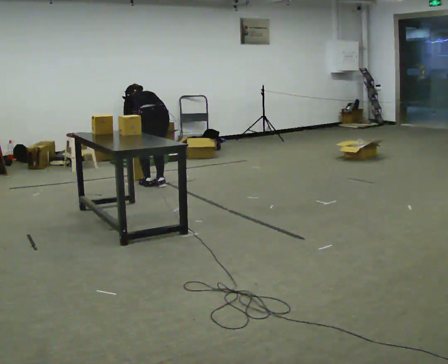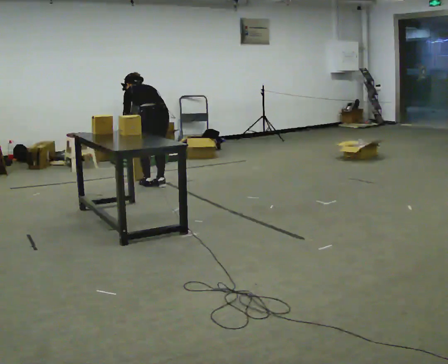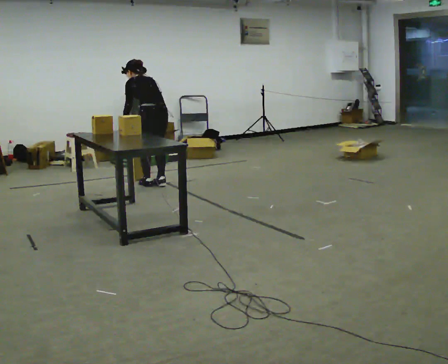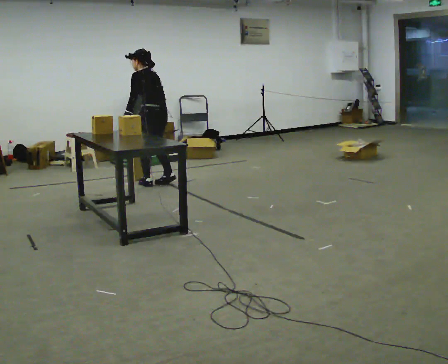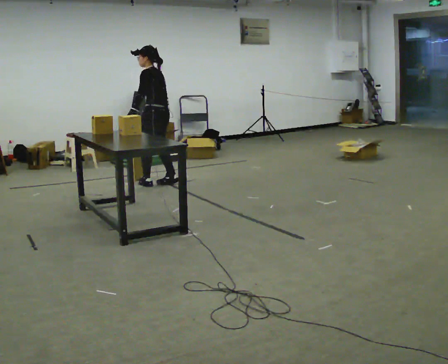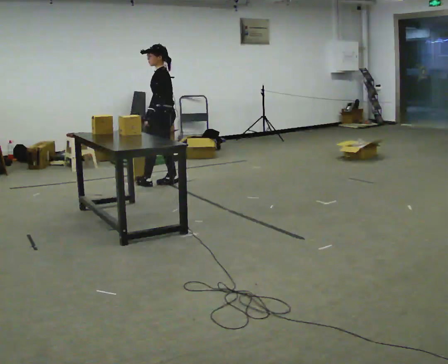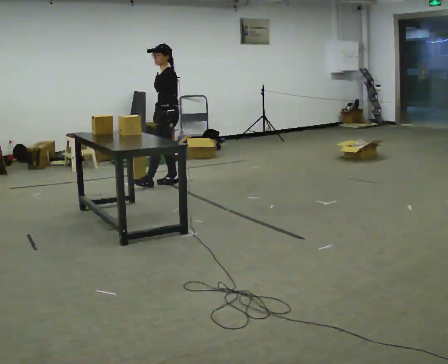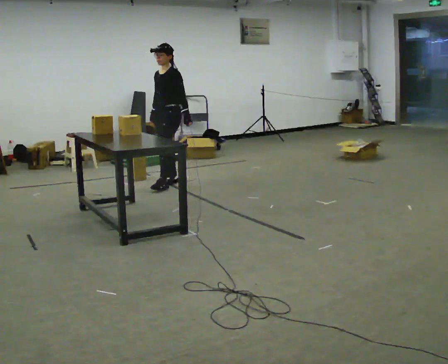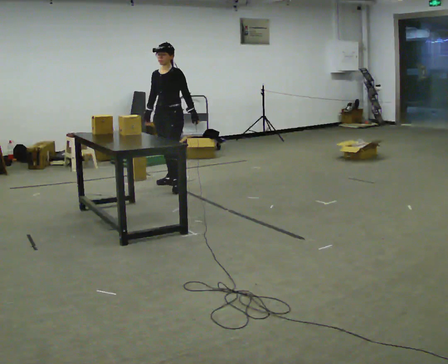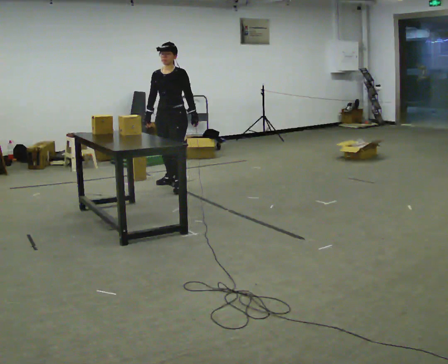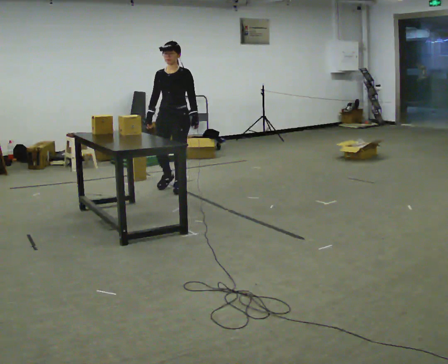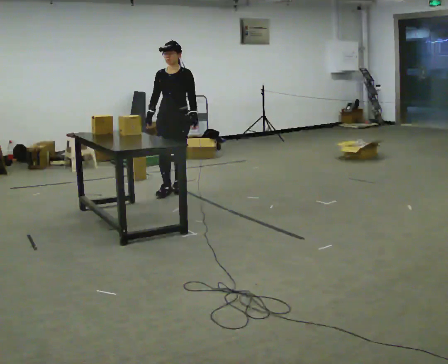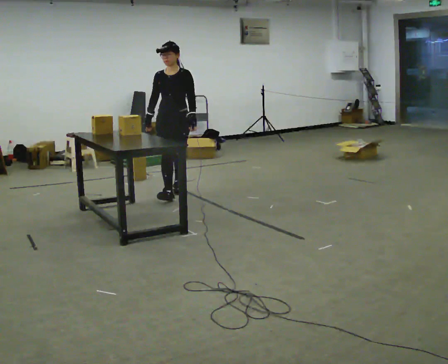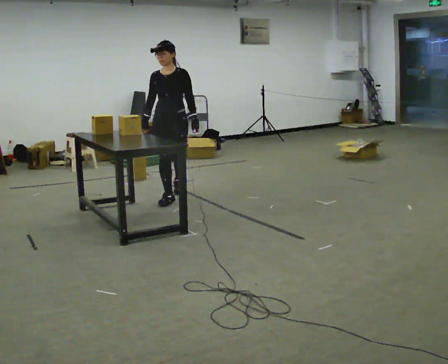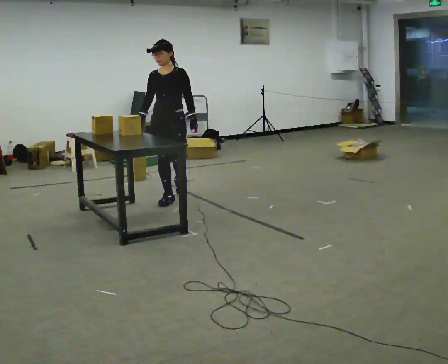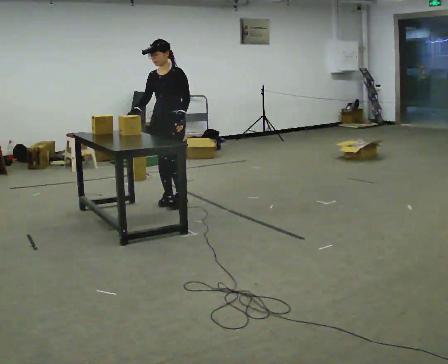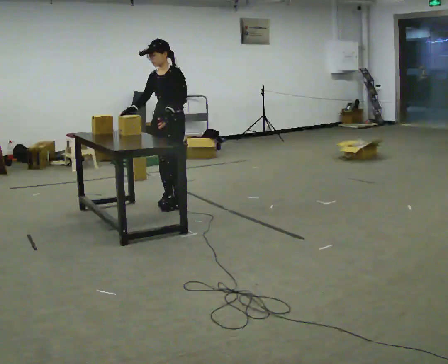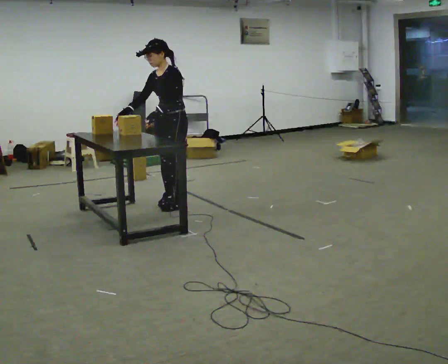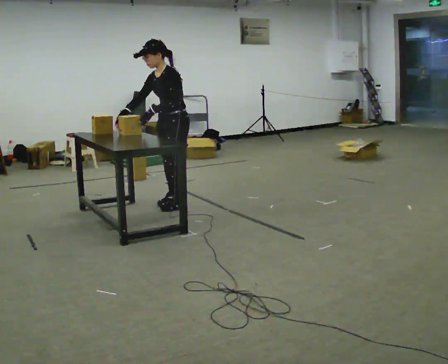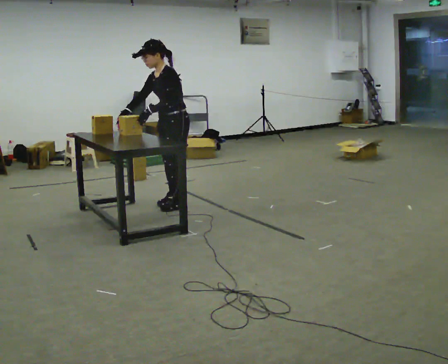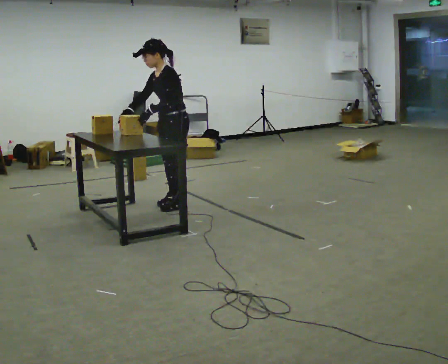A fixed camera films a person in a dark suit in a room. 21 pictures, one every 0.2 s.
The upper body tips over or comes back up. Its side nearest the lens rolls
downward.
Their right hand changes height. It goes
upward.
0.0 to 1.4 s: The person turns about 105 degrees to their left, counterclockwise seen from above, so the part of the body nearest the lens slides to the right. In the picture they go to the right, about 0.25 m in 1 step. The upper body goes upward. The upper body tips toward the camera, its near side rolling downward, as they lean back or straighten. In the picture their left hand goes to the right, the arm swinging counterclockwise.
1.4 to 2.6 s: The part of the body nearest the lens slides to the right as the person turns to their left by about 45 degrees. In the picture they go toward the camera, about 0.5 m in 2 steps, which for them is forward.
2.6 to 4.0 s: Seen from above the body turns clockwise, about 60 degrees: to their right, with its near side sliding to the left. In the picture they go toward the camera, about 0.25 m in 1 step. In the picture the upper body tilts counterclockwise, shoulders to the left, as they bend forward.
The film runs forward here.
